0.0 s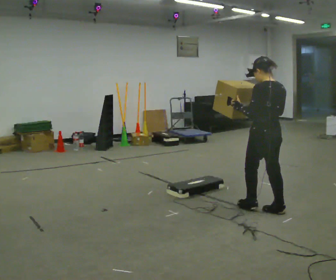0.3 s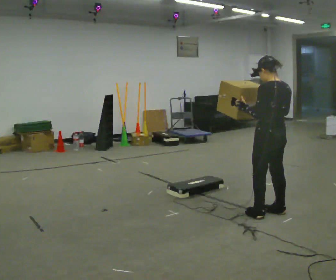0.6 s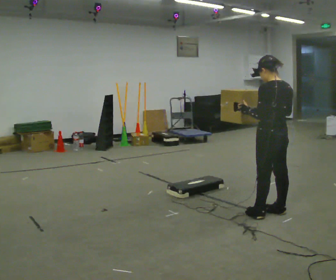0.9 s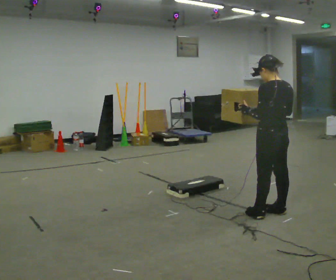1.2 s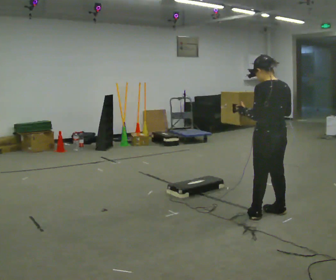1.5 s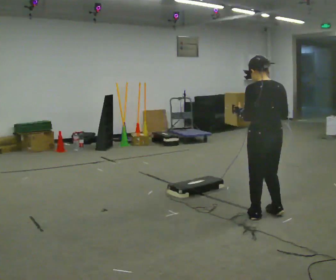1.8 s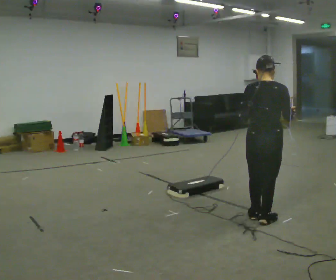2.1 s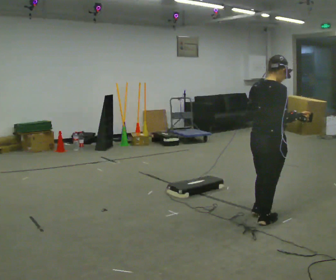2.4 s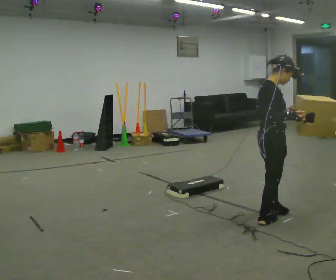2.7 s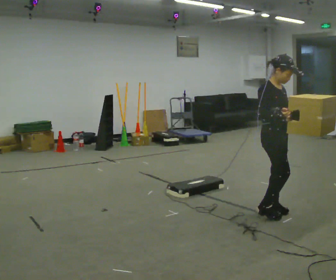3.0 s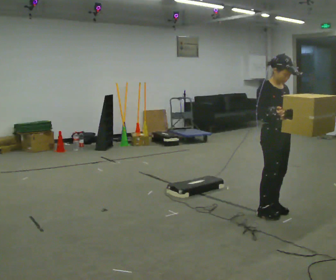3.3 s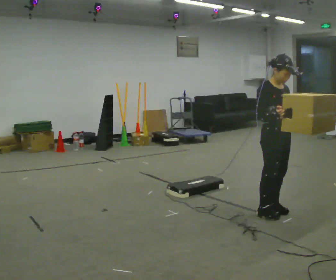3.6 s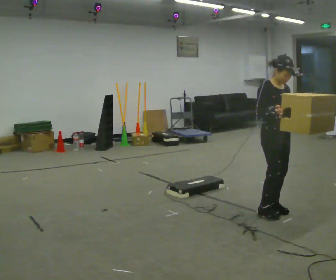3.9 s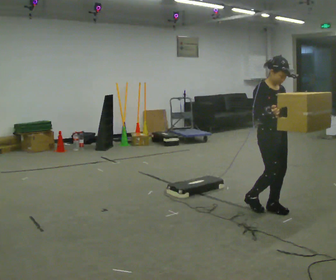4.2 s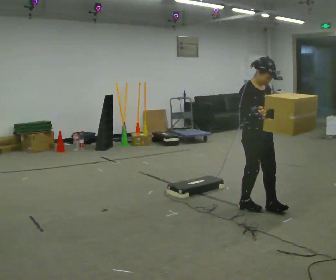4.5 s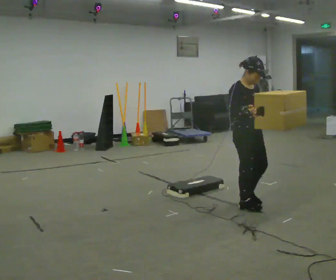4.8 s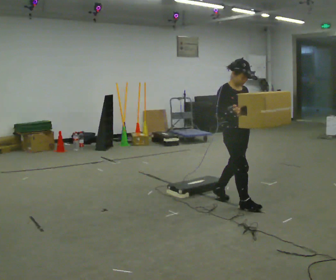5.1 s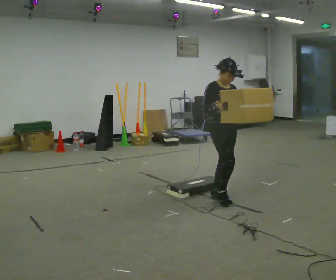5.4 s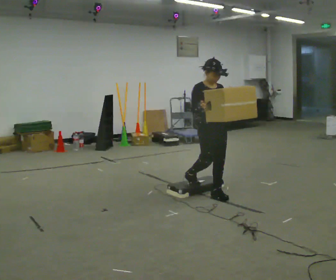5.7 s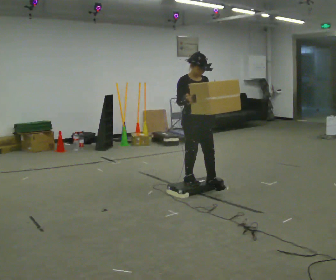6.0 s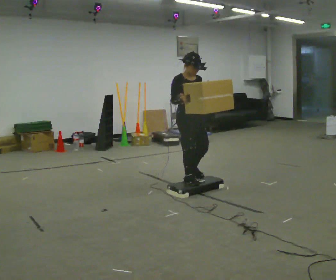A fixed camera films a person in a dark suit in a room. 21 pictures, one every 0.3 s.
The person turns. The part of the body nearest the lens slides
to the left.
The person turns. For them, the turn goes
to their right.
0.0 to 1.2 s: In the picture they go toward the camera, about 0.25 m, which for them is backward.
1.2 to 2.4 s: Seen from above the body turns clockwise, about 120 degrees: to their right, with its near side sliding to the left.
2.4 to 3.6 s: The person turns about 60 degrees to their right, clockwise seen from above, so the part of the body nearest the lens slides to the left. In the picture they go away from the camera, about 0.25 m in 1 step, which for them is to their left.
3.6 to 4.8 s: In the picture they go to the left and away from the camera, about 0.5 m in 2 steps, which for them is backward.
4.8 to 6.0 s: In the picture they go to the left and away from the camera, about 0.75 m in 2 steps, which for them is backward.
The film runs backward here.
